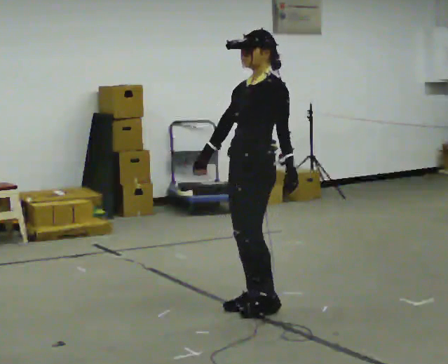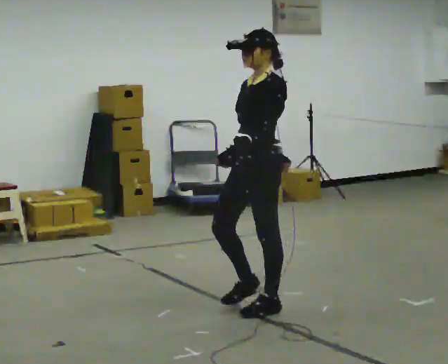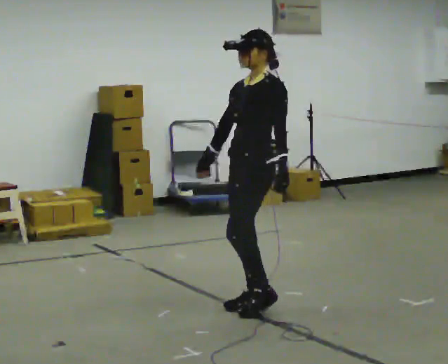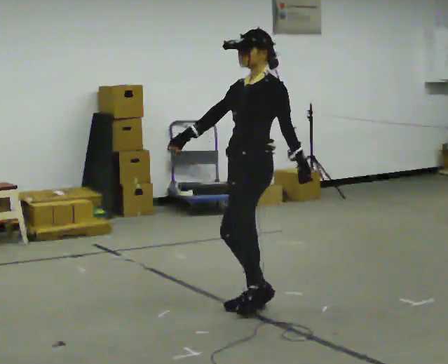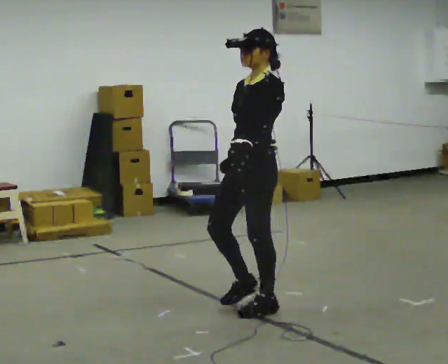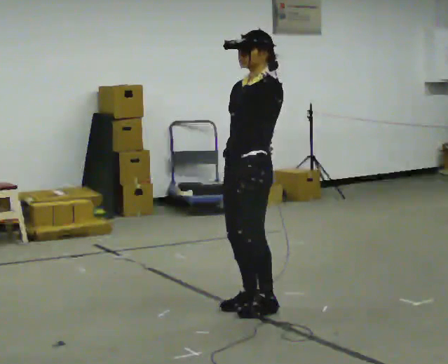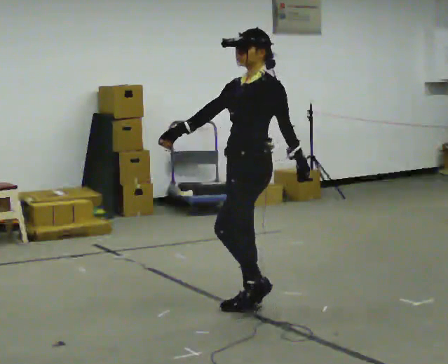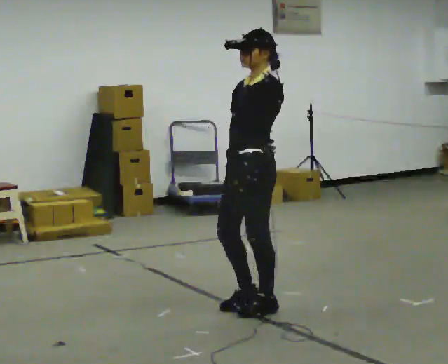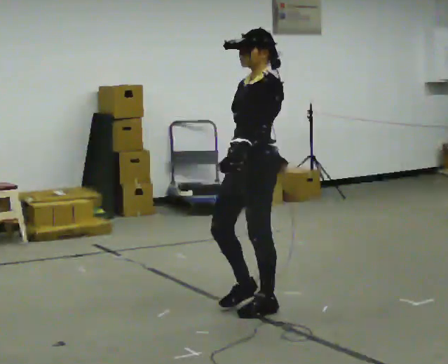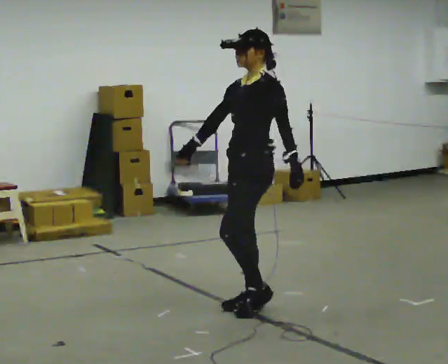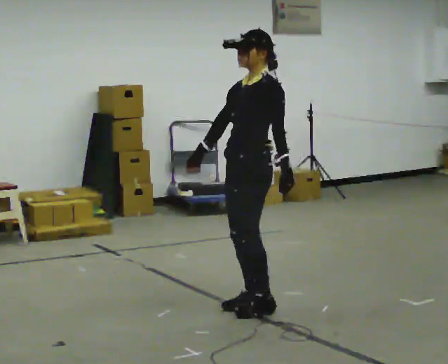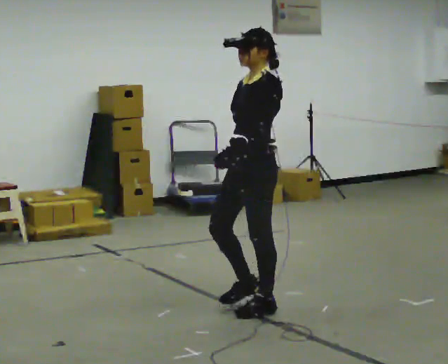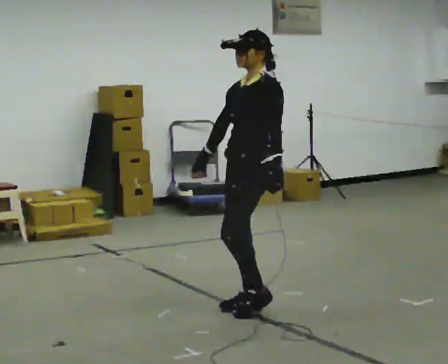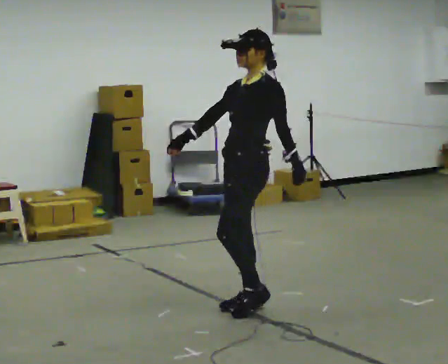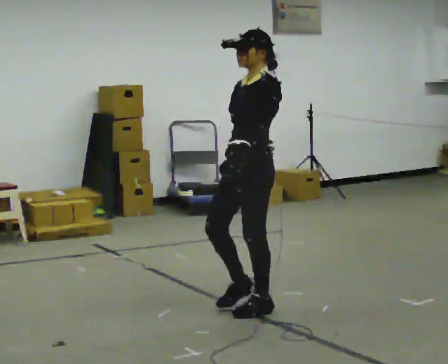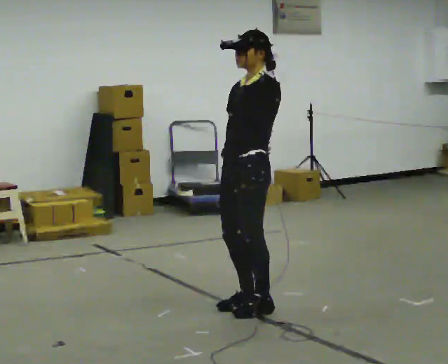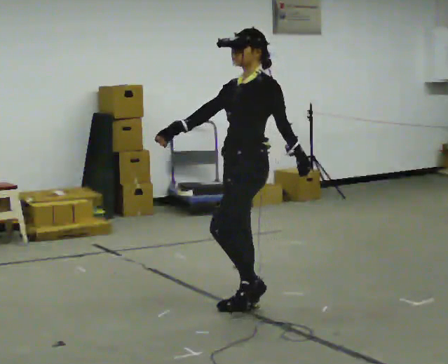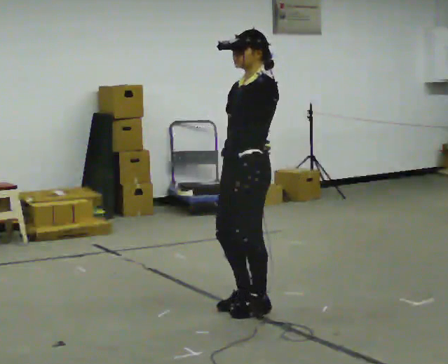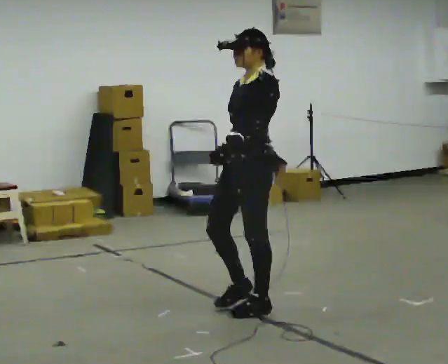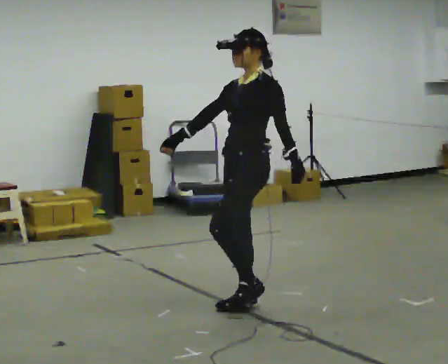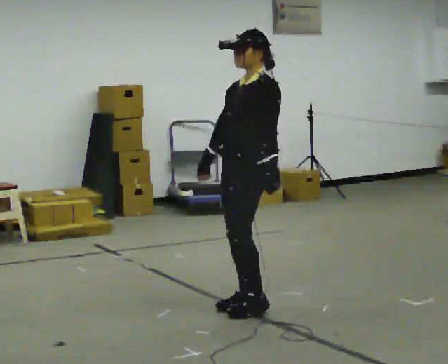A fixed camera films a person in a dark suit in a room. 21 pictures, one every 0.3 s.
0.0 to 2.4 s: The person moves a little, or ends about where they began.
2.4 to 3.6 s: In the picture their right hand goes to the left.
3.6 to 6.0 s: The person moves a little, or ends about where they began.
The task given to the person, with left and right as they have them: March in place at a comfortable rhythm without moving forward; stop.
The film runs forward here.
